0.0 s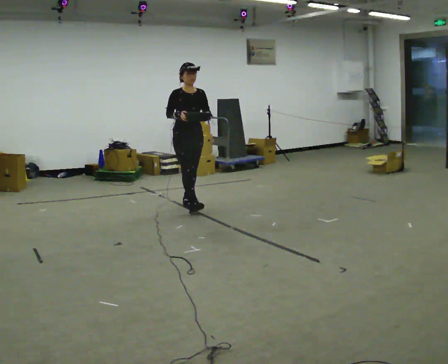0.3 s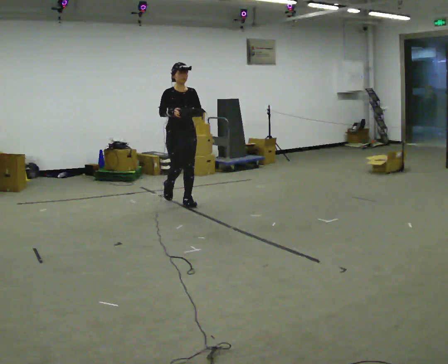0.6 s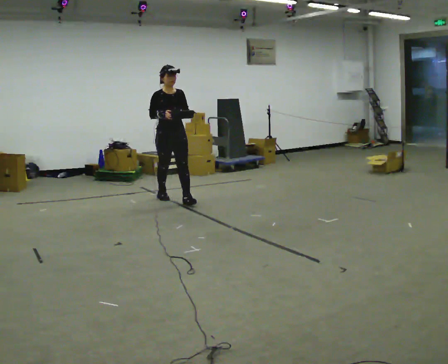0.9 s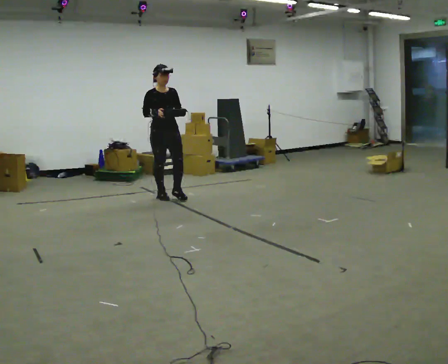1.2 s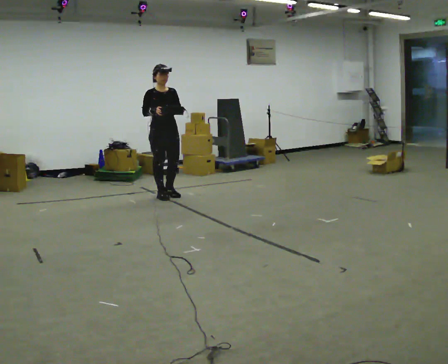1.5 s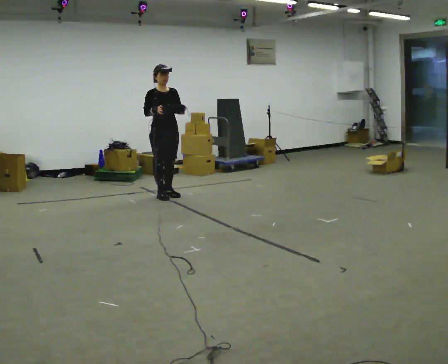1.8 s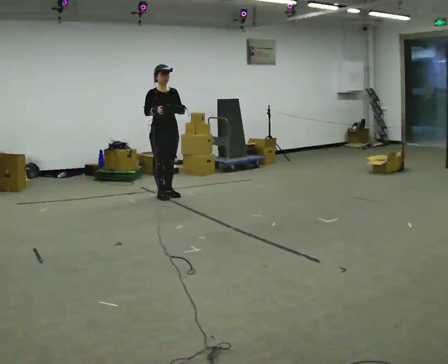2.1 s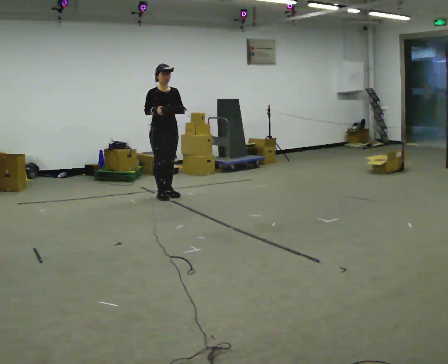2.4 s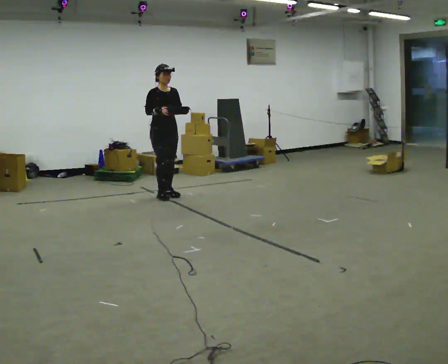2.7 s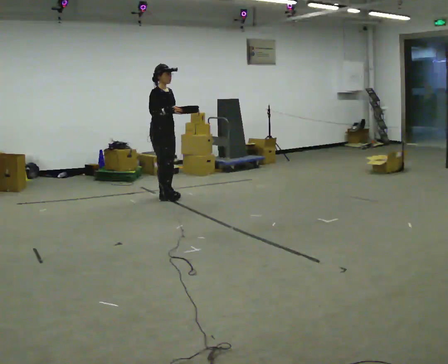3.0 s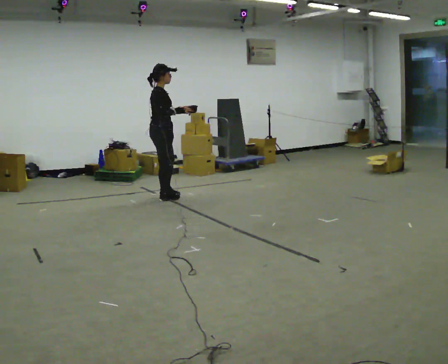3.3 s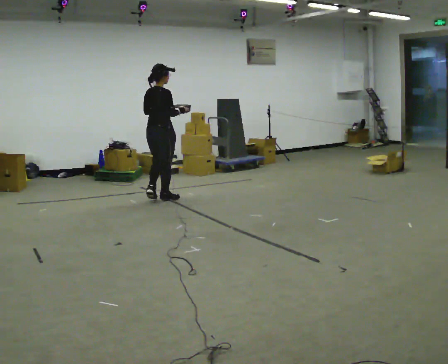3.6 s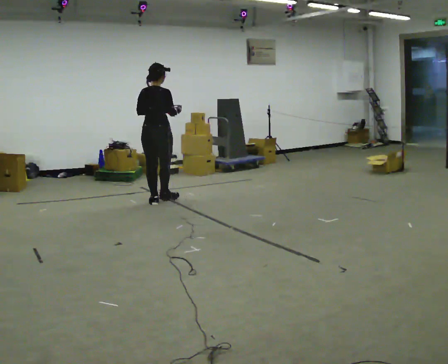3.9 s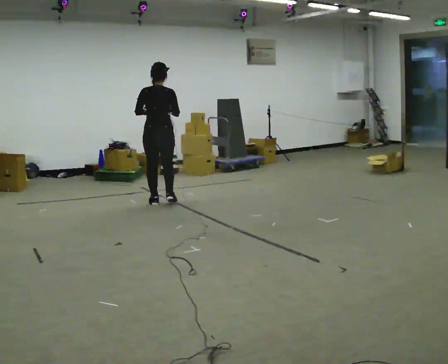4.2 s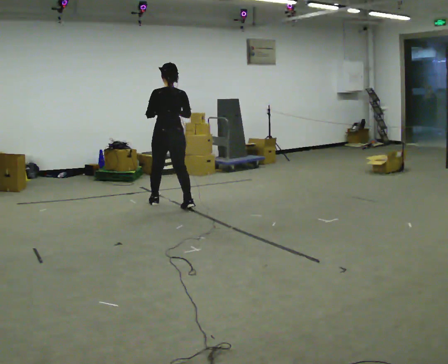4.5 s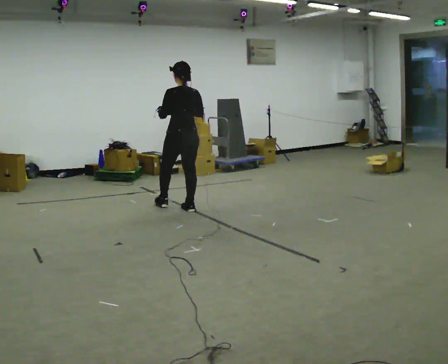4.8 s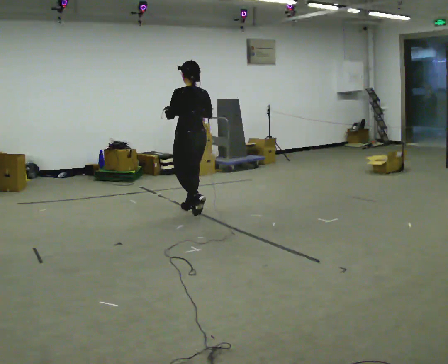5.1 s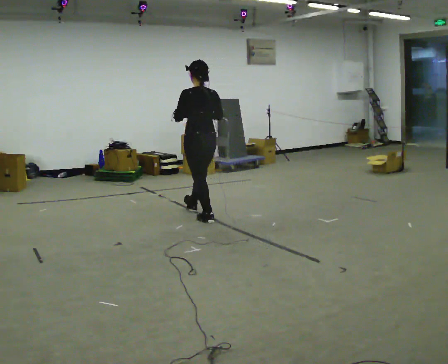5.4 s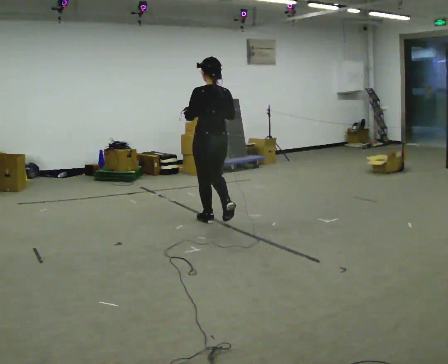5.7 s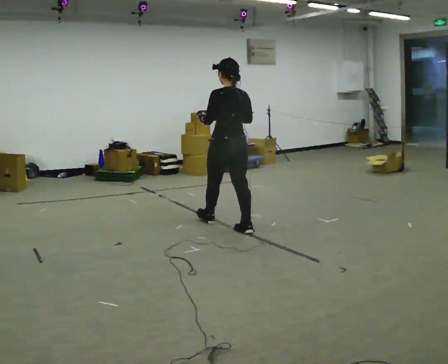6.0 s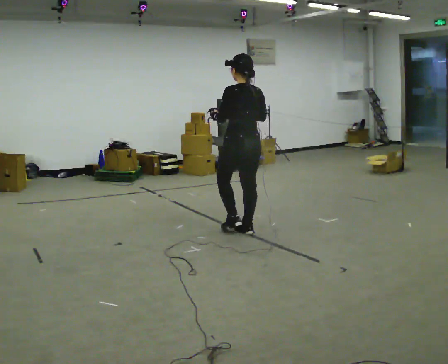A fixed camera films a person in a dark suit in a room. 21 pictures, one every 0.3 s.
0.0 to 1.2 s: In the picture they go away from the camera and to the left, about 0.5 m in 1 step, which for them is backward.
1.2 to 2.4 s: The person moves a little, or ends about where they began.
2.4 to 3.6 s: Seen from above the body turns counterclockwise, about 135 degrees: to their left, with its near side sliding to the right. In the picture they go toward the camera, about 0.5 m in 1 step.
3.6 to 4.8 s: The part of the body nearest the lens slides to the right as the person turns to their left by about 45 degrees. In the picture they go toward the camera and to the right, about 0.75 m in 2 steps, which for them is backward and to their right.
4.8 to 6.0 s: In the picture they go toward the camera and to the right, about 1 m in 2 steps, which for them is backward.
The film runs backward here.
